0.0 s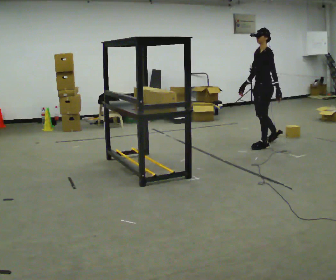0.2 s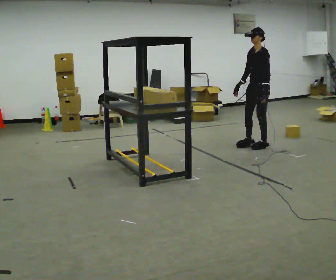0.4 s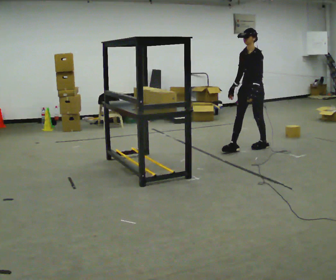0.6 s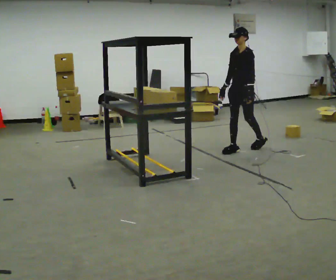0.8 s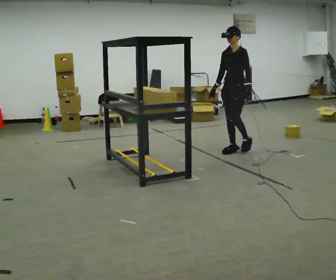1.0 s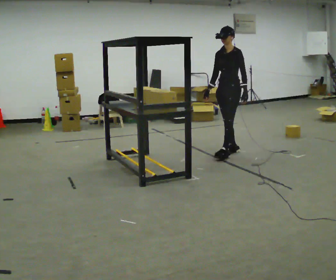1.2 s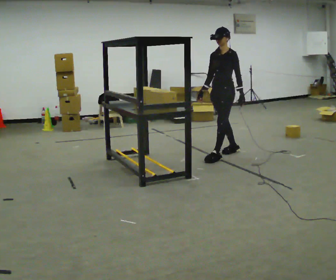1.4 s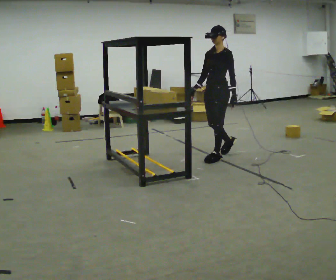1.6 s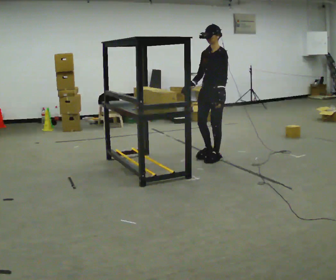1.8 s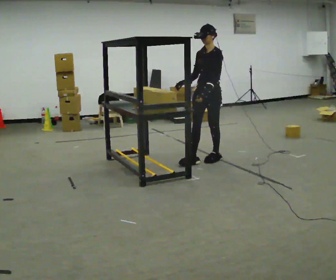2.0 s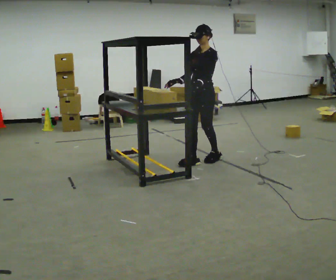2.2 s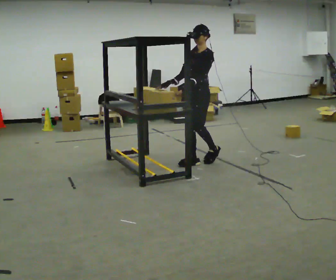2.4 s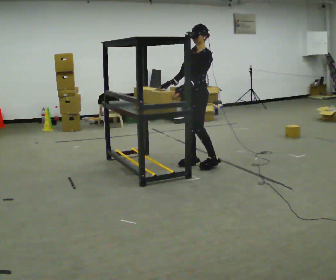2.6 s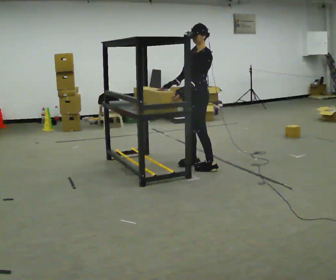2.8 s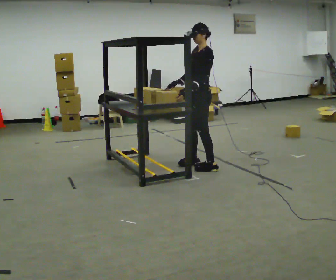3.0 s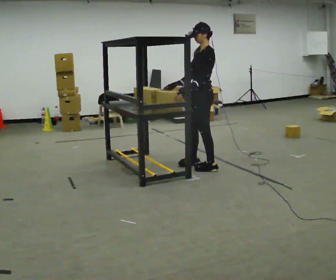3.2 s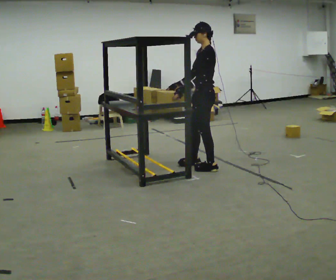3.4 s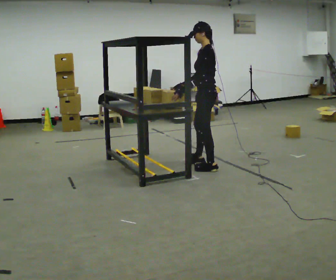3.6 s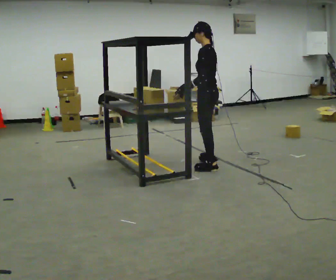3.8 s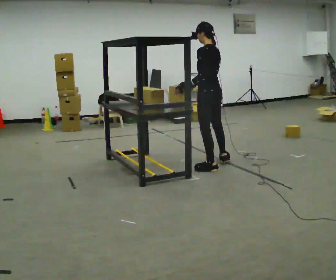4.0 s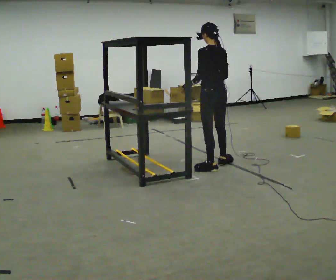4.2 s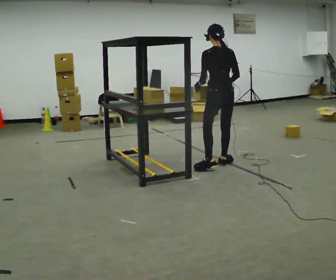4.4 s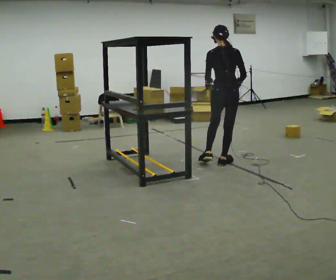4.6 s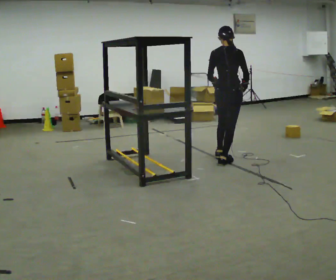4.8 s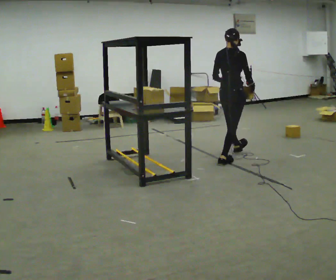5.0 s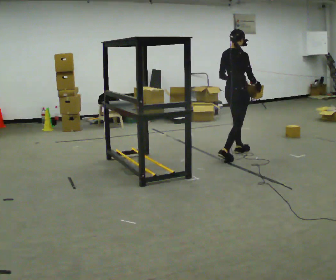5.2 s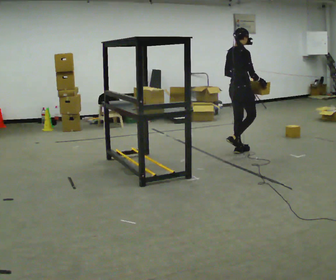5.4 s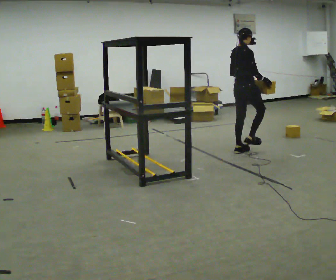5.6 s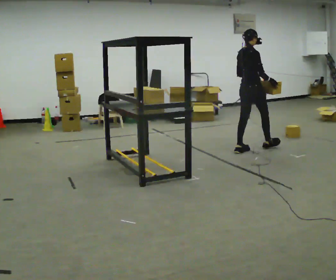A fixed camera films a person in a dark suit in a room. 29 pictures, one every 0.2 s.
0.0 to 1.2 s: The person turns about 30 degrees to their left, counterclockwise seen from above, so the part of the body nearest the lens slides to the right. In the picture they go to the left and toward the camera, about 0.5 m in 2 steps, which for them is forward.
1.2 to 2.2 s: In the picture they go toward the camera and to the left, about 0.5 m in 1 step, which for them is forward.
2.2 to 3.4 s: Seen from above the body turns clockwise, about 60 degrees: to their right, with its near side sliding to the left. In the picture they go toward the camera, about 0.25 m in 1 step, which for them is to their left.
3.4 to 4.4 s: The person turns about 90 degrees to their right, clockwise seen from above, so the part of the body nearest the lens slides to the left. In the picture they go away from the camera and to the right, about 0.25 m in 1 step.
4.4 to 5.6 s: The part of the body nearest the lens slides to the left as the person turns to their right by about 45 degrees. In the picture they go away from the camera and to the right, about 0.5 m in 1 step, which for them is forward and to their left.
The film runs forward here.
